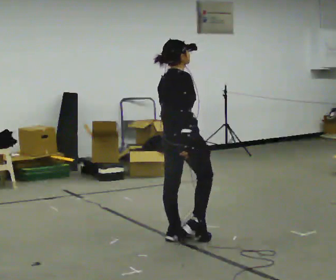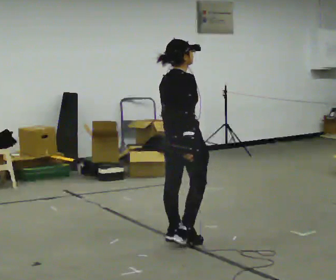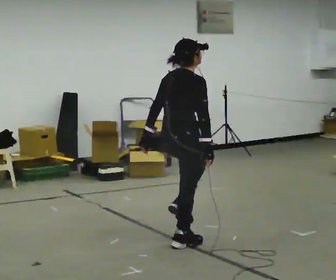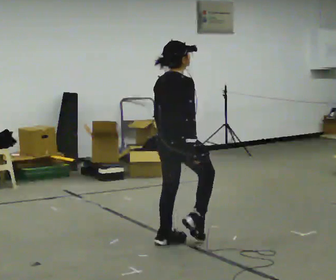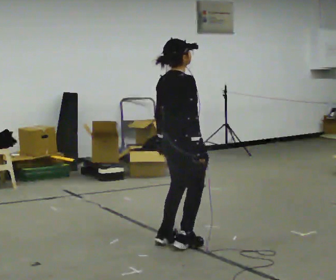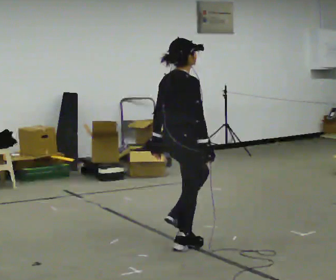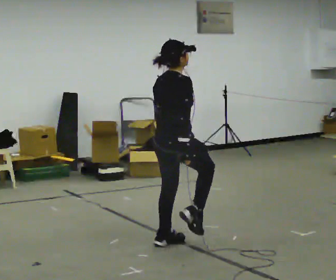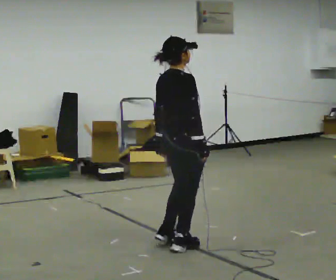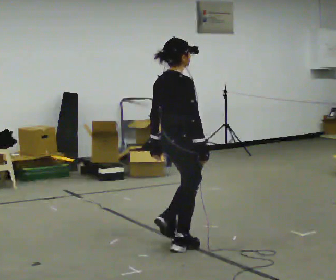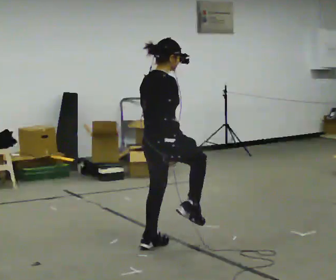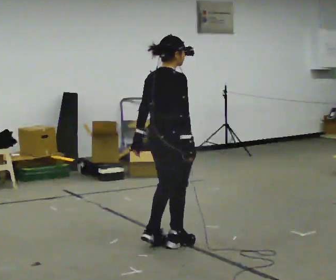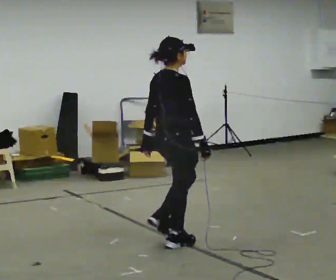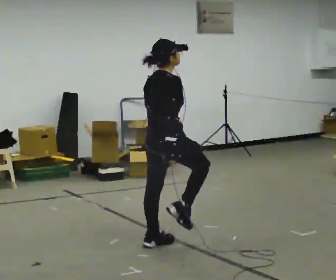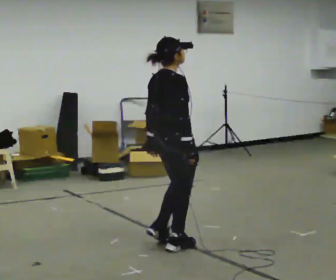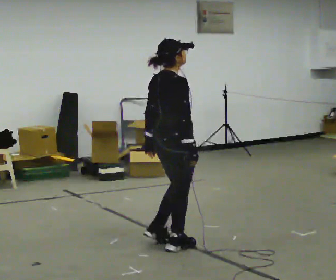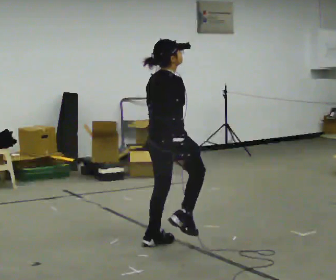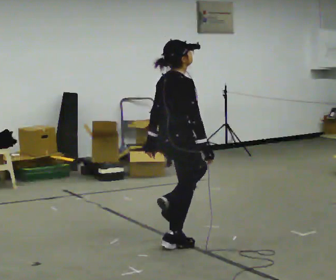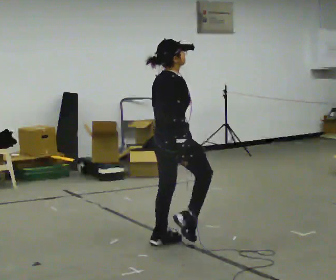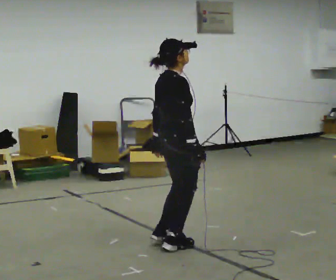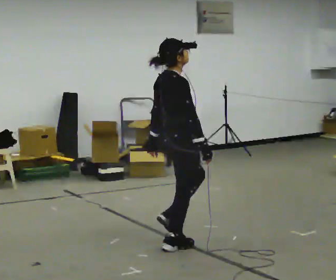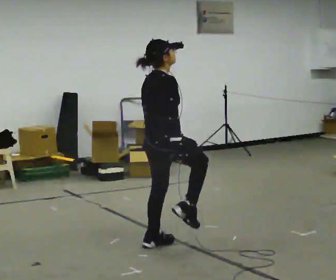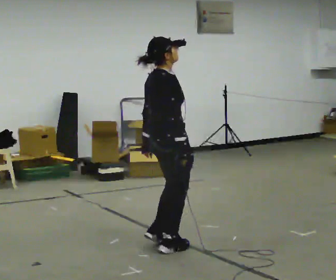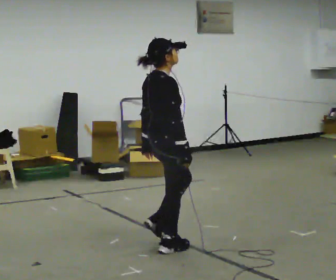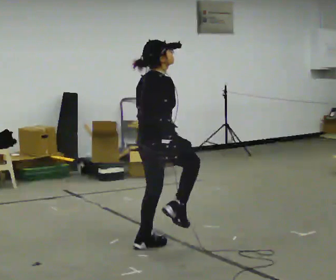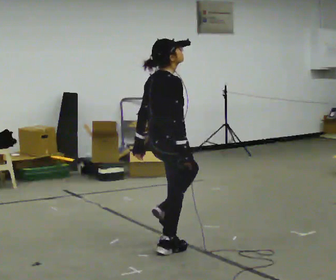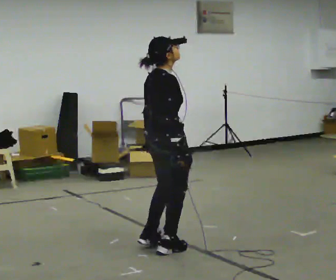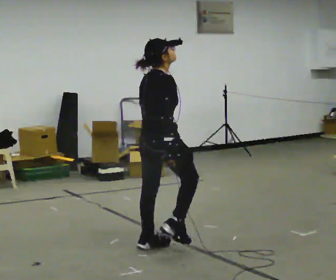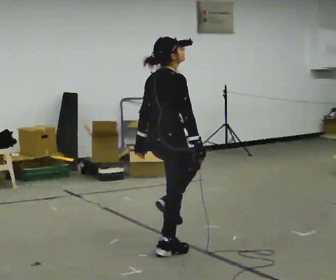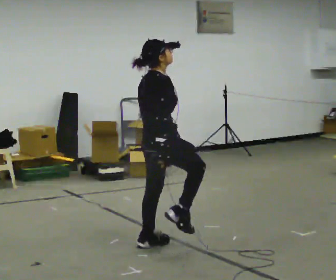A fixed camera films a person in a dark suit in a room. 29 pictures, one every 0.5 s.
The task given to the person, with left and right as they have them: March in place at a comfortable rhythm without moving forward; stop.
0.0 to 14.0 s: In the picture they go toward the camera, about 0.25 m in 12 steps, which for them is backward.
The film runs forward here.
